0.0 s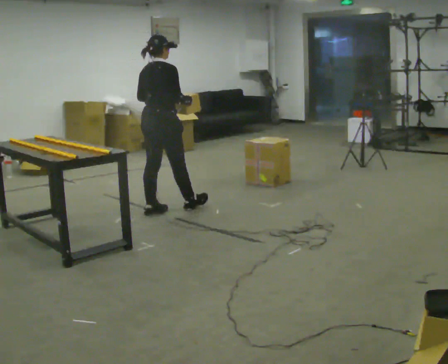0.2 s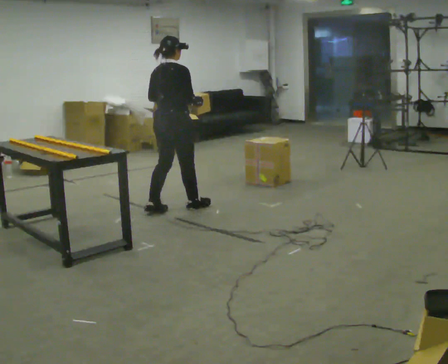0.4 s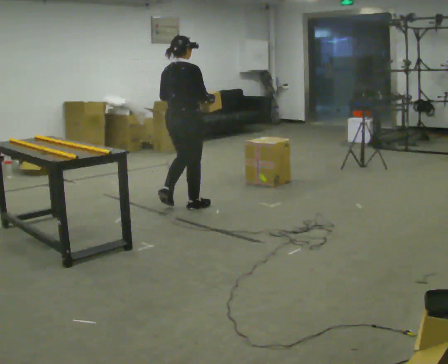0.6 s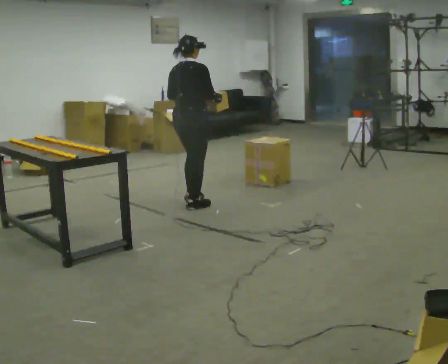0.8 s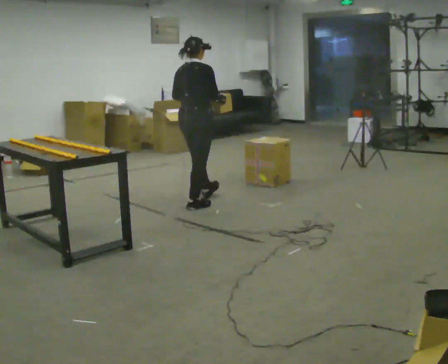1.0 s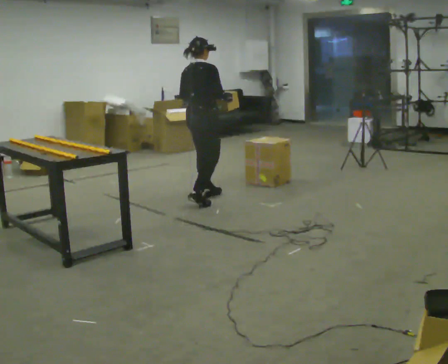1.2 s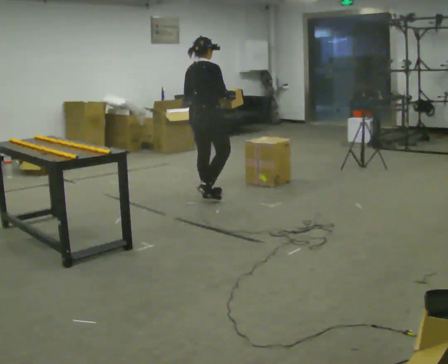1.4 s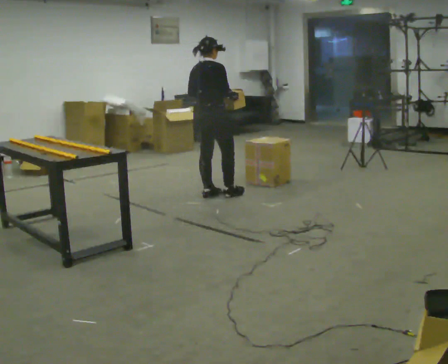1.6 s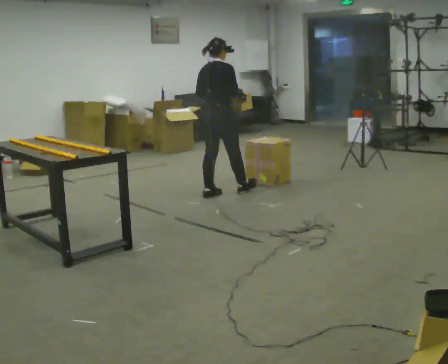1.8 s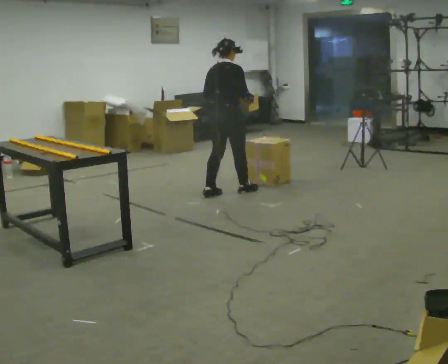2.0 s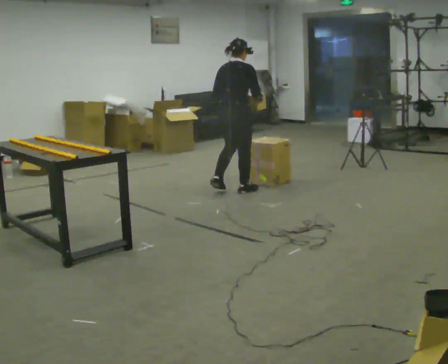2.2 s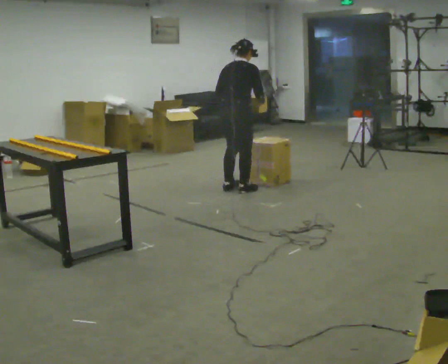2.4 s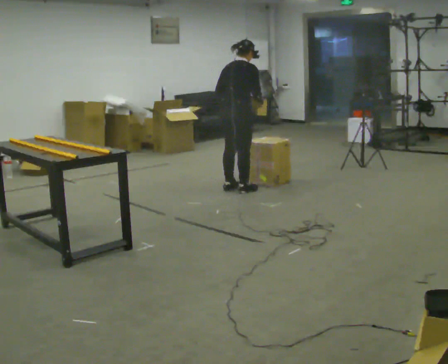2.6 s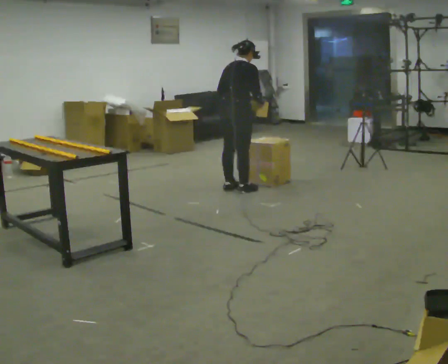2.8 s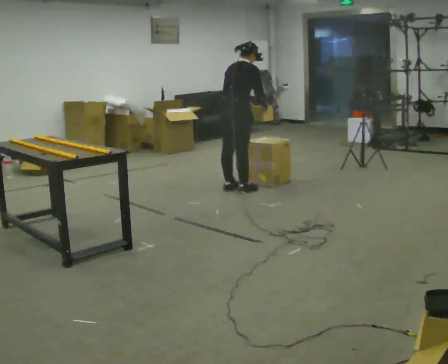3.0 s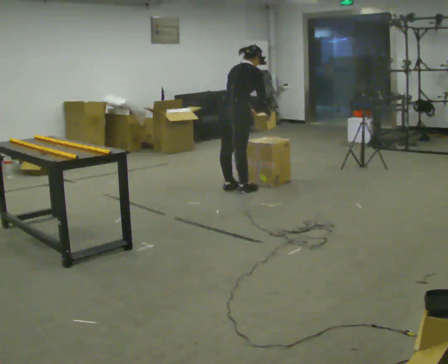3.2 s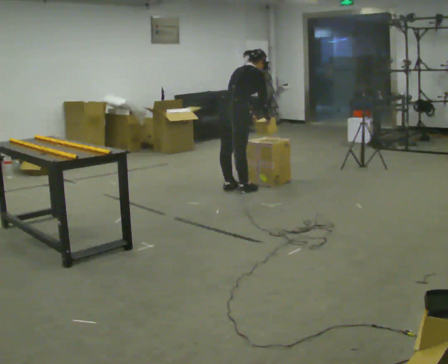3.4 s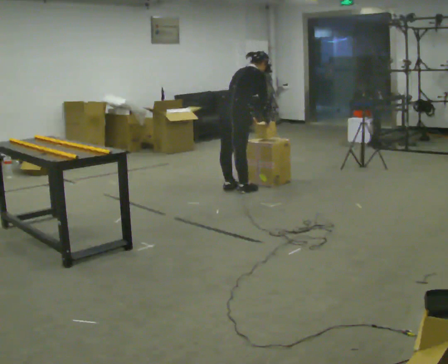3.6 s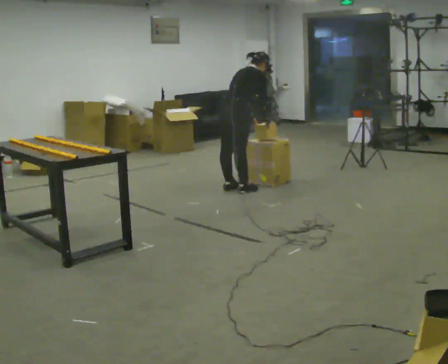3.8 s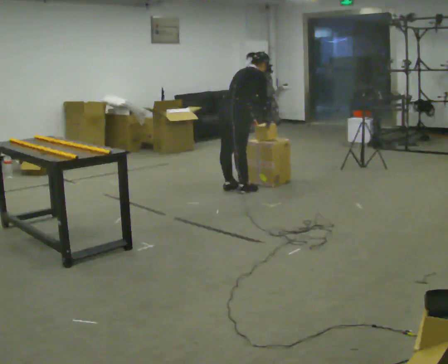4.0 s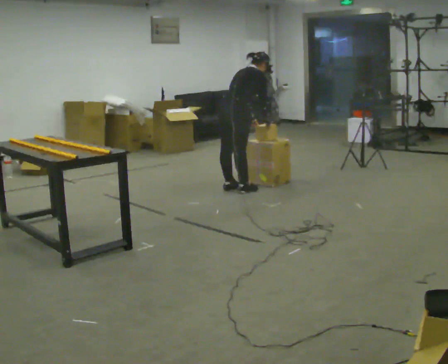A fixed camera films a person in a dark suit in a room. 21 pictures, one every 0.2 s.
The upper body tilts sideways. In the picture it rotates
clockwise.
0.0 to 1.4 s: In the picture they go away from the camera and to the right, about 0.75 m in 2 steps, which for them is forward.
1.4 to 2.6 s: In the picture they go to the right and away from the camera, about 0.25 m in 2 steps, which for them is forward.
2.6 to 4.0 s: In the picture the upper body tilts clockwise, shoulders to the right, as they bend forward.
The film runs forward here.
